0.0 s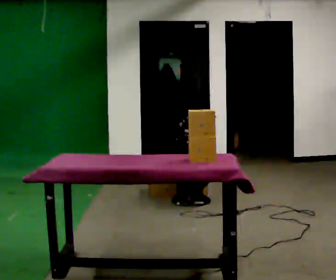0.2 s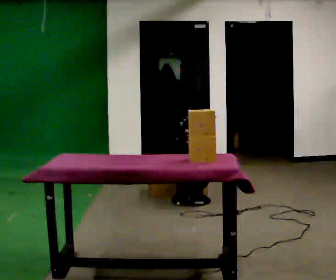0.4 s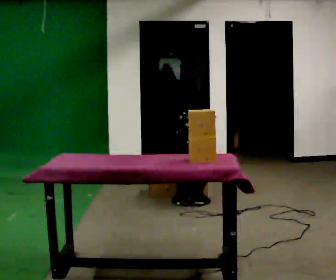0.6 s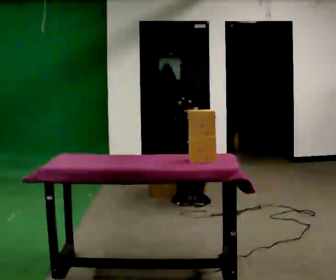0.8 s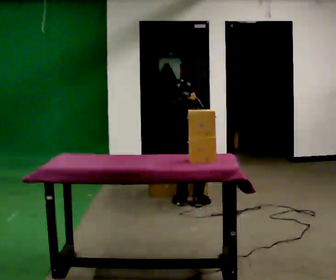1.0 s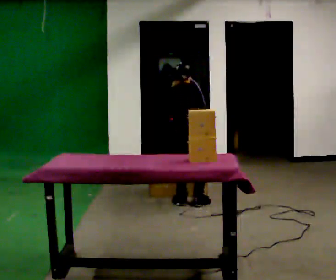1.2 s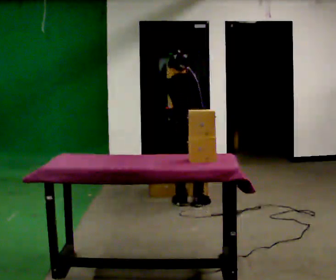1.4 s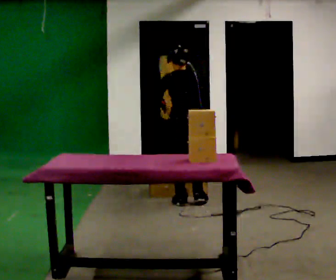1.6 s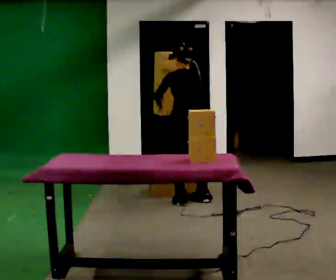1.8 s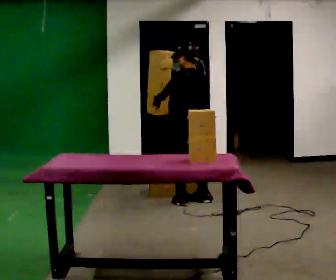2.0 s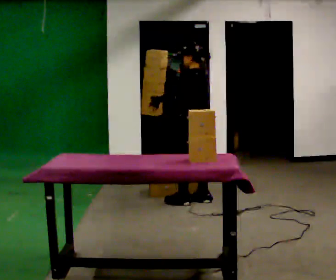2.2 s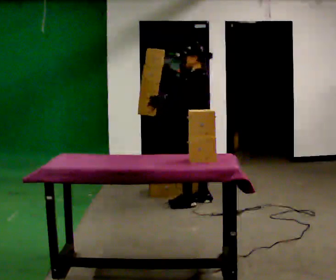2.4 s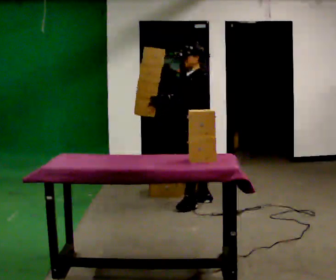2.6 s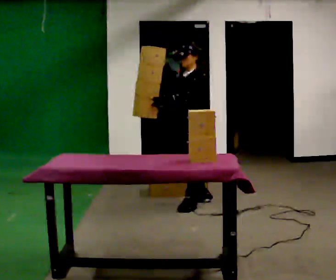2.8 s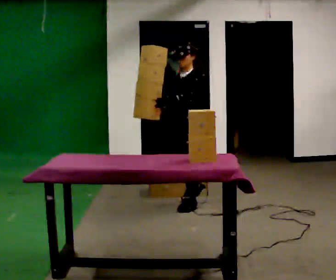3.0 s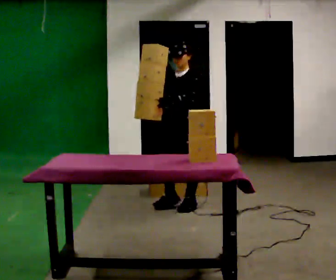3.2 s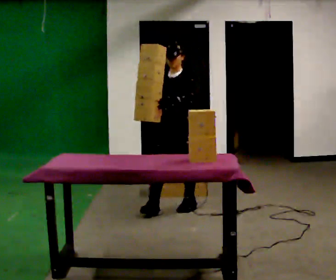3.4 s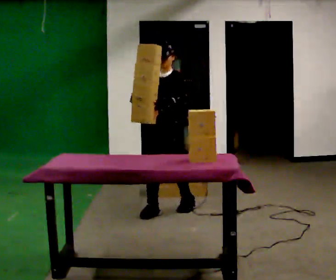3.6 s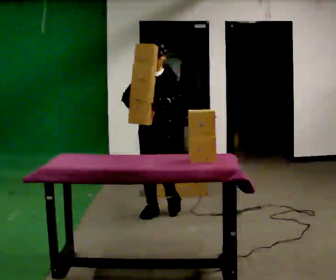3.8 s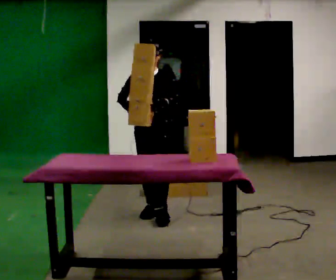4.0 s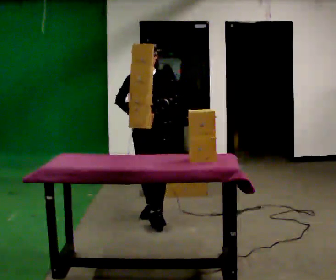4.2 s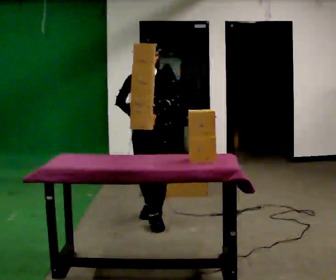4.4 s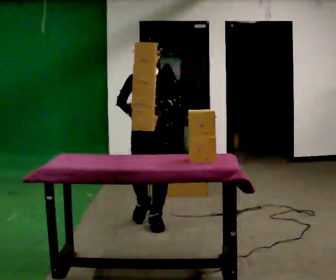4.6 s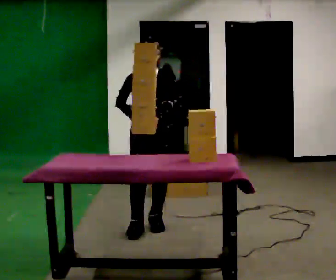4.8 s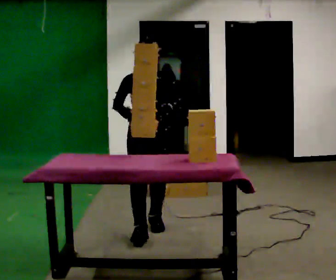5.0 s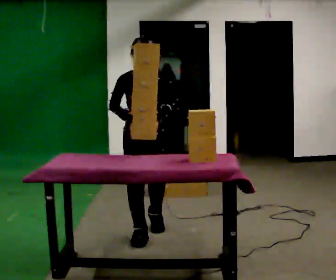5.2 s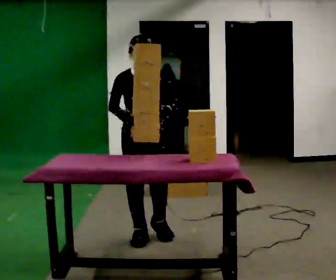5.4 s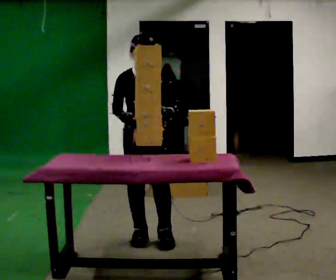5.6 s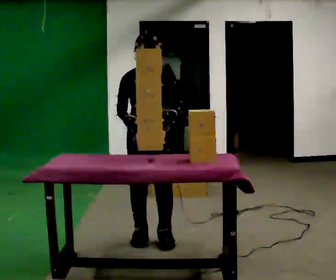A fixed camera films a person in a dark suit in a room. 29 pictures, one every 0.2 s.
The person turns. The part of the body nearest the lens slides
to the right.
Their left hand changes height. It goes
upward.
0.0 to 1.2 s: The shoulders move upward. The upper body tips toward the camera, its near side rolling downward, as they lean back or straighten. In the picture their right hand goes upward.
1.2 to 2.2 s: Seen from above the body turns counterclockwise, about 75 degrees: to their left, with its near side sliding to the right. The upper body tips toward the camera, its near side rolling downward, as they lean back or straighten.
2.2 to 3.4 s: The person turns about 75 degrees to their left, counterclockwise seen from above, so the part of the body nearest the lens slides to the right. In the picture they go toward the camera and to the left, about 0.5 m in 1 step.
3.4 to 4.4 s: In the picture they go toward the camera, about 0.5 m in 1 step, which for them is forward.
4.4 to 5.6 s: In the picture they go toward the camera, about 0.5 m in 2 steps, which for them is forward.
The film runs forward here.
